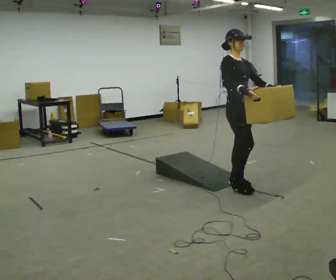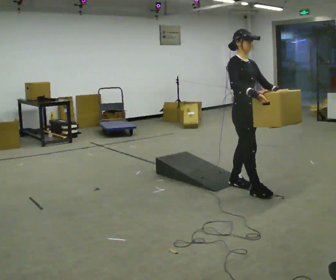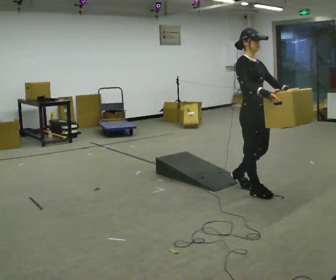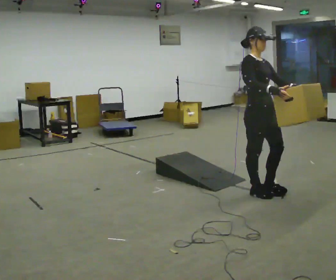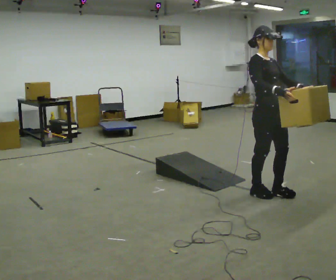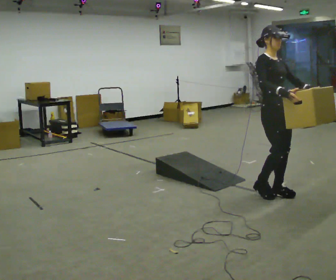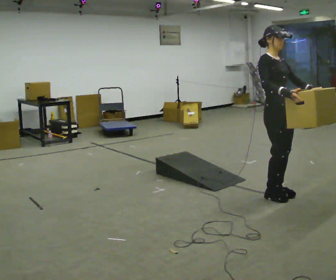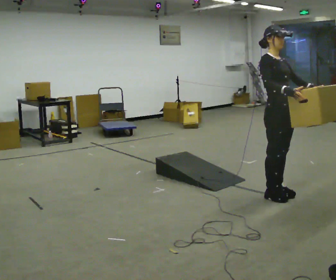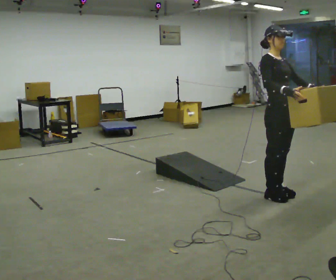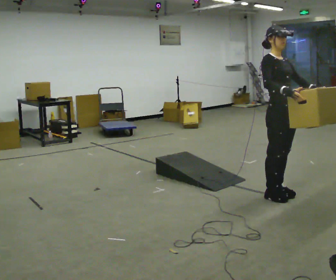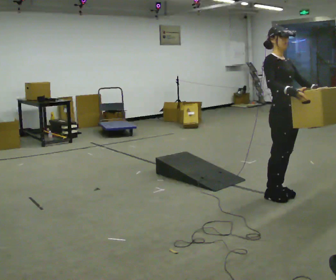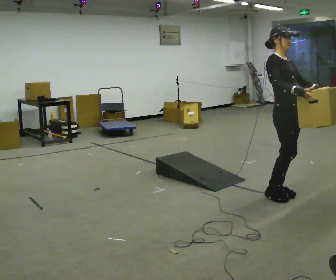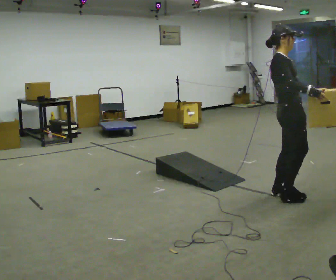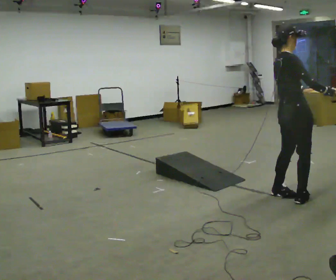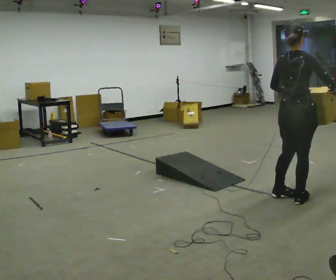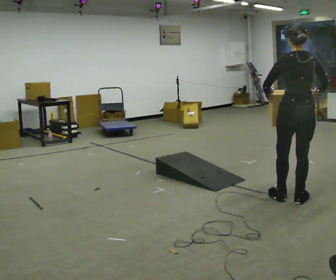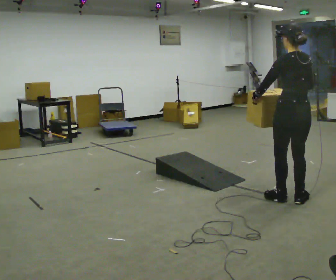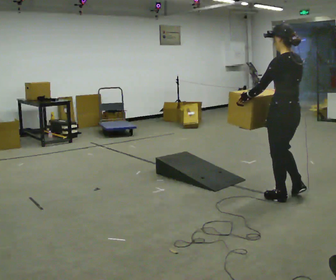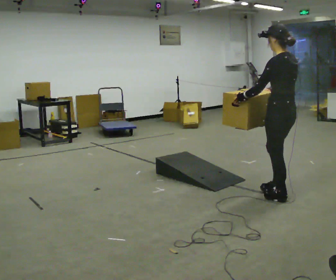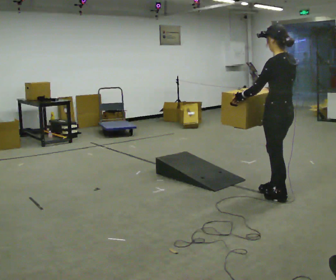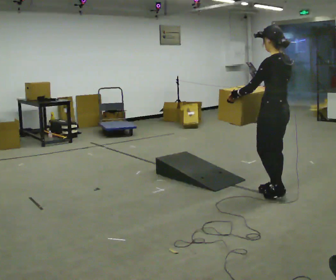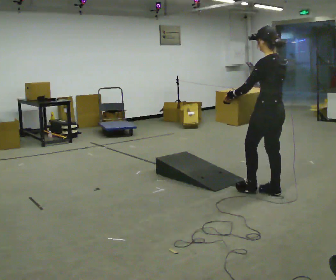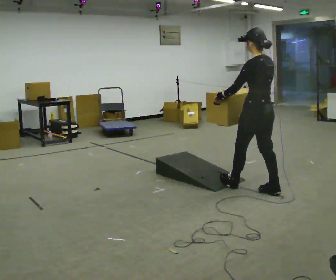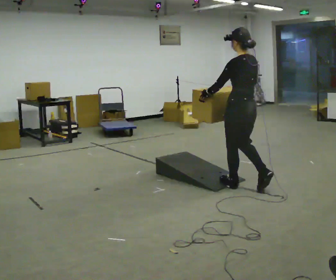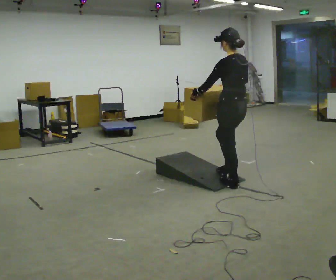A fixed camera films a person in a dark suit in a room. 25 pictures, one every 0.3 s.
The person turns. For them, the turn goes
to their left.
The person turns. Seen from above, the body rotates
counterclockwise.
0.0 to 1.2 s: In the picture they go toward the camera and to the right, about 0.5 m in 2 steps, which for them is forward.
1.2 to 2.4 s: The person moves a little, or ends about where they began.
2.4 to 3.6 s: The person turns about 30 degrees to their left, counterclockwise seen from above, so the part of the body nearest the lens slides to the right.
3.6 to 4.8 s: Seen from above the body turns counterclockwise, about 135 degrees: to their left, with its near side sliding to the right. In the picture the upper body tilts clockwise, shoulders to the right.
4.8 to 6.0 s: In the picture they go away from the camera, about 0.25 m in 1 step, which for them is forward.
6.0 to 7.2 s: In the picture they go to the left and away from the camera, about 0.5 m in 1 step, which for them is forward.
The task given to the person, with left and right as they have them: Carry the box up the ramp, turn at the top, and carry it back down. Keep going until the operator says stop; one object at a time, and do not rush between trips.
The film runs forward here.
